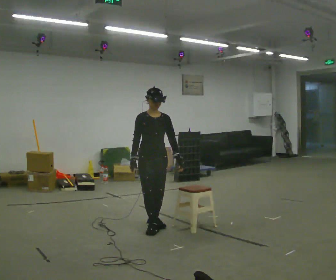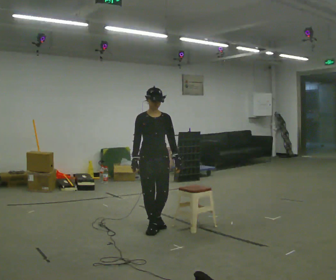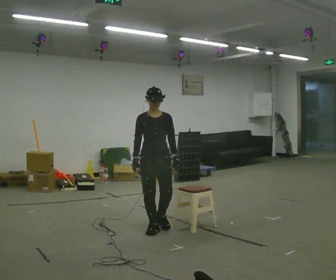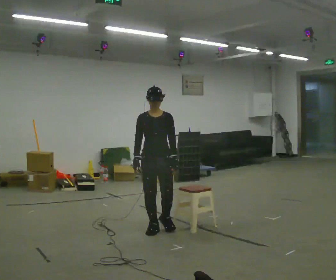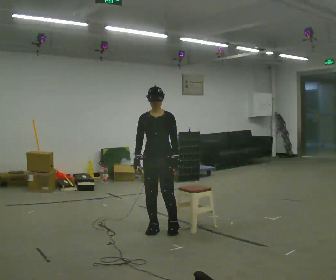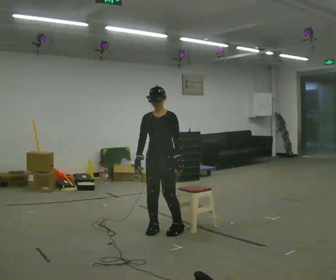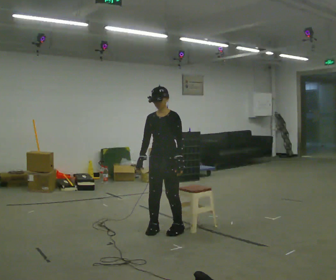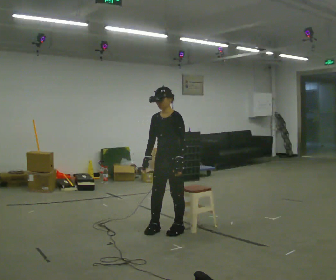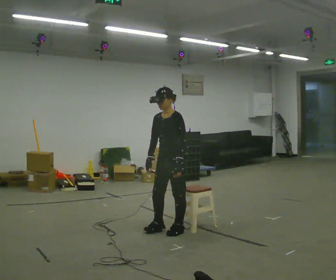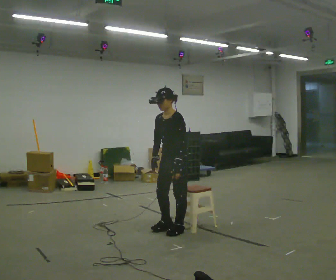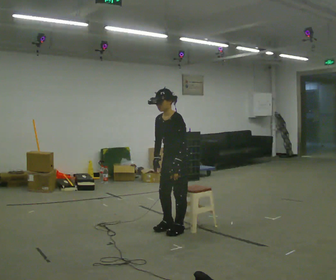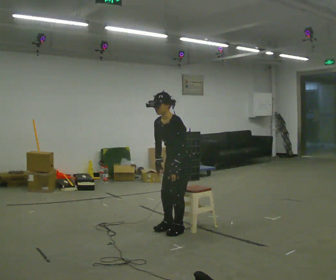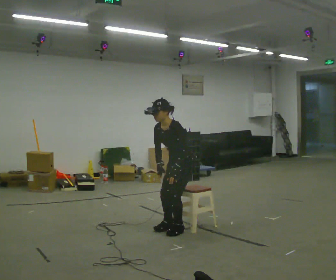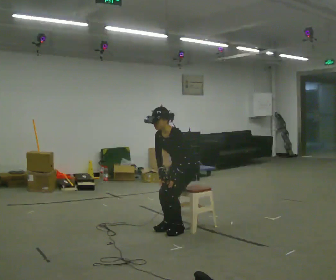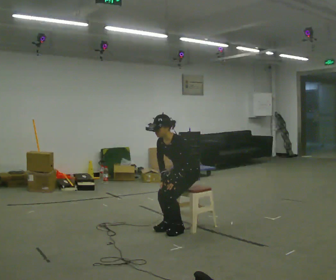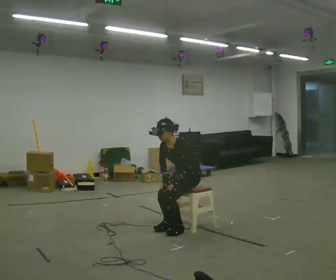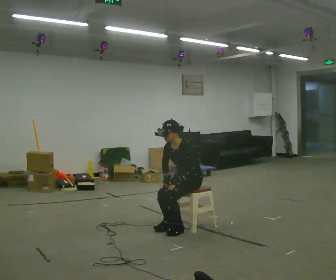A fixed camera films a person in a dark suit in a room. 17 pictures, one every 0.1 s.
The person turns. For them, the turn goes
to their right.
The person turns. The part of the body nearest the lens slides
to the left.
0.0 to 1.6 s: The part of the body nearest the lens slides to the left as the person turns to their right by about 60 degrees. In the picture they go to the right, about 0.5 m in 2 steps. The shoulders move downward.
The film runs forward here.
